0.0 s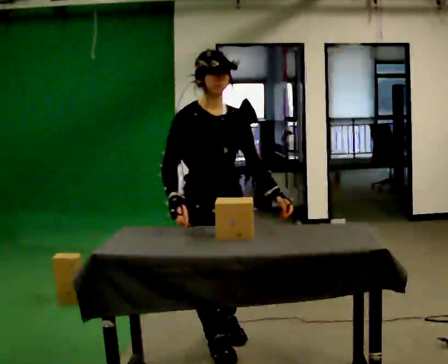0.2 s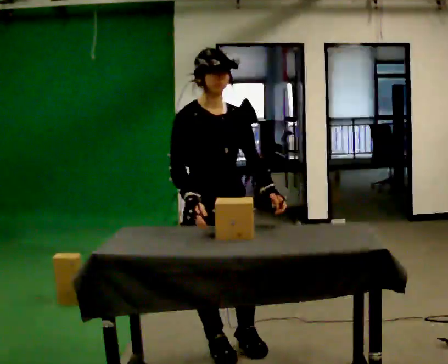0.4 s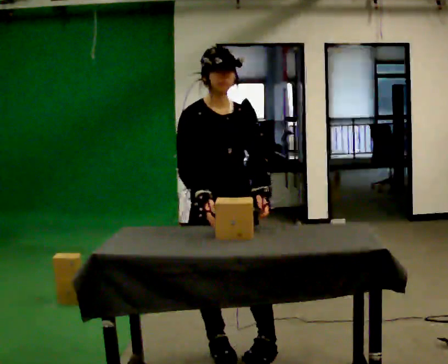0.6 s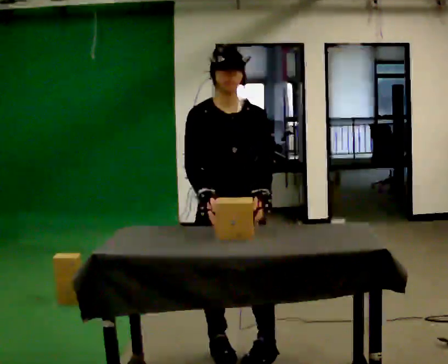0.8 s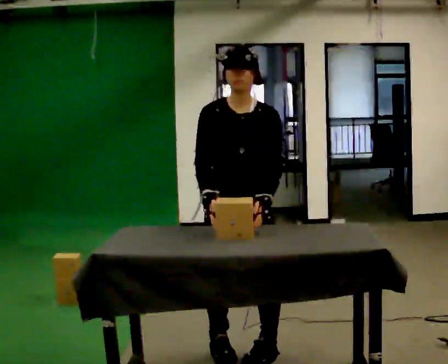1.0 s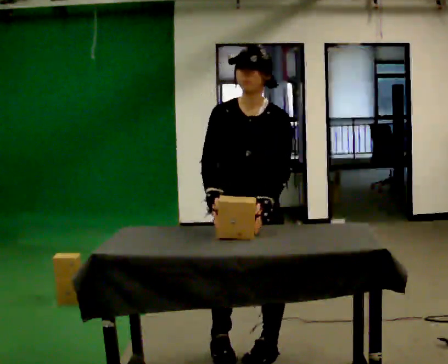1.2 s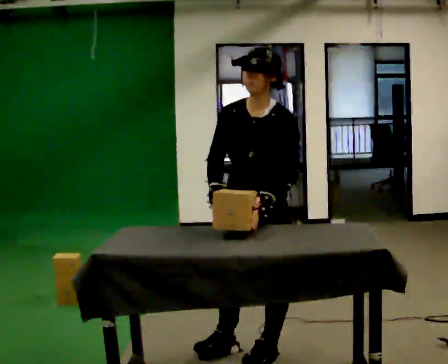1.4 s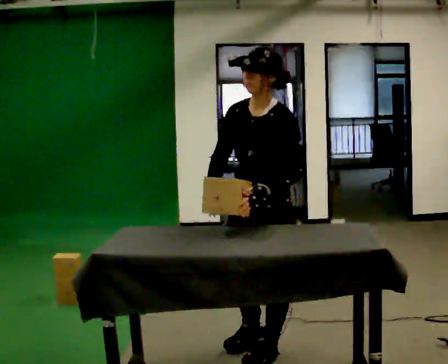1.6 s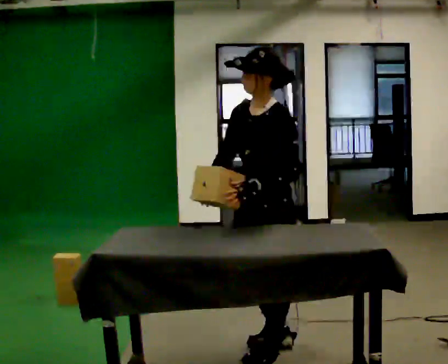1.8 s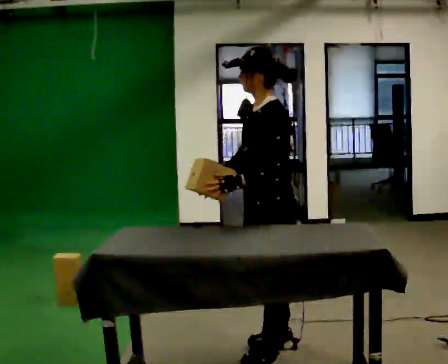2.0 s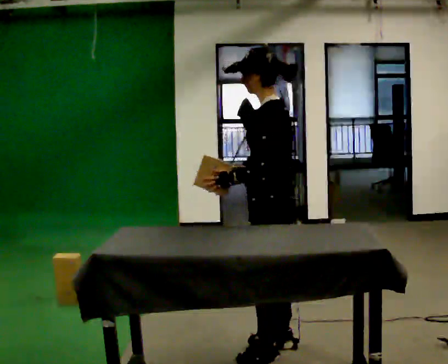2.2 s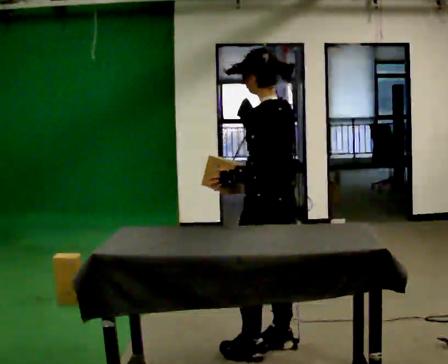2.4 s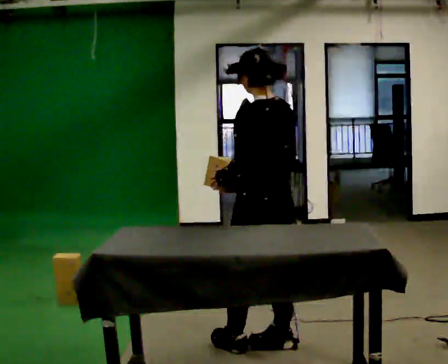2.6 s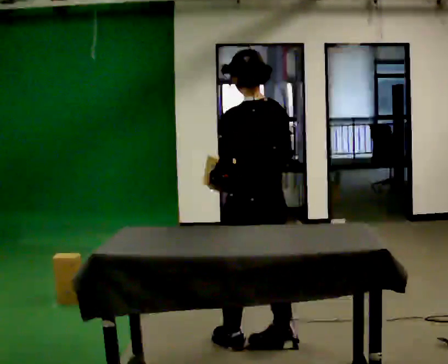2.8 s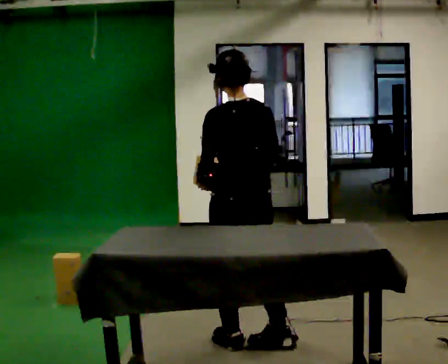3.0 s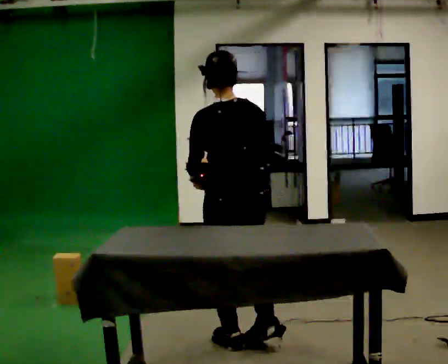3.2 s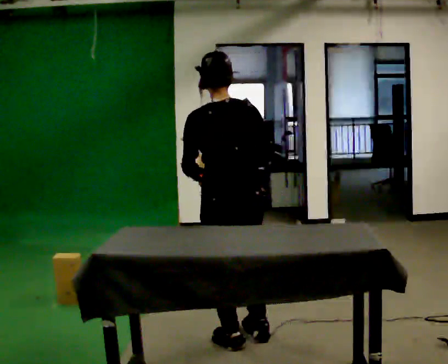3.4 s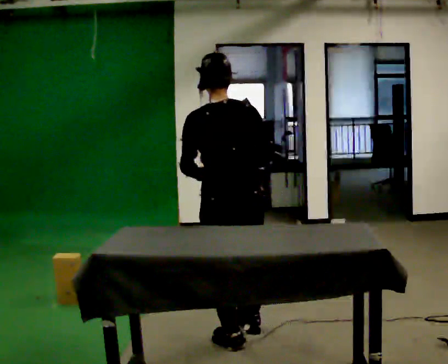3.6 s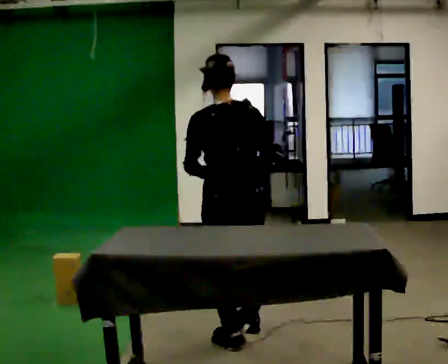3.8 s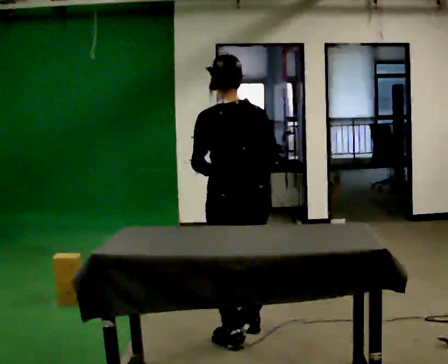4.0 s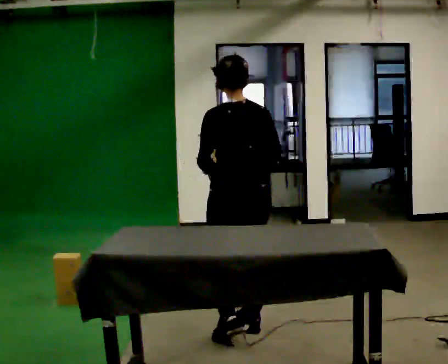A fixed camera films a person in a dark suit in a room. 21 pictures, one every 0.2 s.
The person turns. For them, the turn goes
to their right.
The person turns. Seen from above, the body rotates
clockwise.
0.0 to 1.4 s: The part of the body nearest the lens slides to the left as the person turns to their right by about 75 degrees. In the picture they go to the right, about 0.25 m in 1 step.
1.4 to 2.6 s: The part of the body nearest the lens slides to the left as the person turns to their right by about 90 degrees.
2.6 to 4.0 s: In the picture they go away from the camera, about 0.25 m in 1 step, which for them is forward.
The film runs forward here.
